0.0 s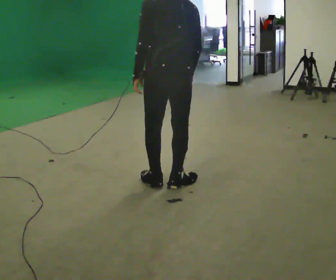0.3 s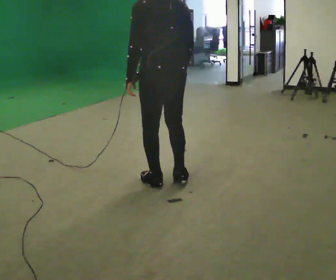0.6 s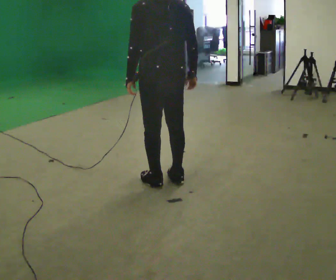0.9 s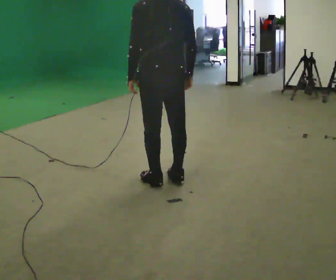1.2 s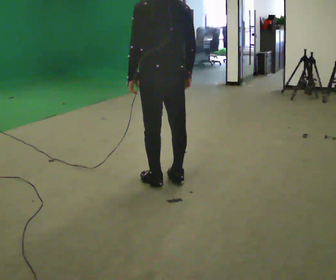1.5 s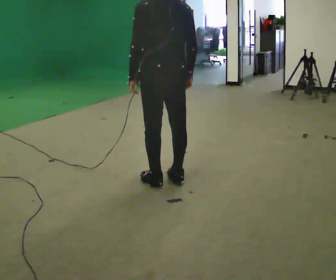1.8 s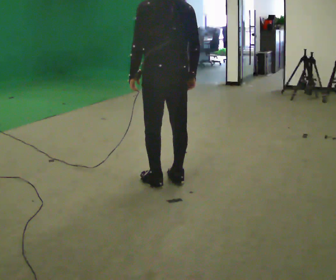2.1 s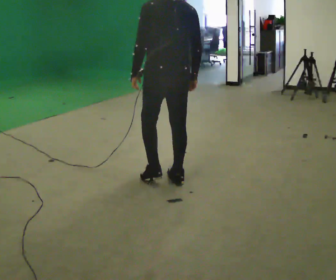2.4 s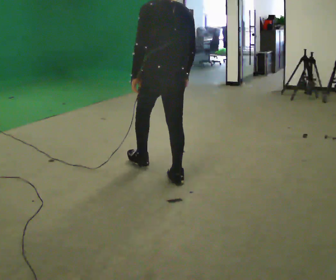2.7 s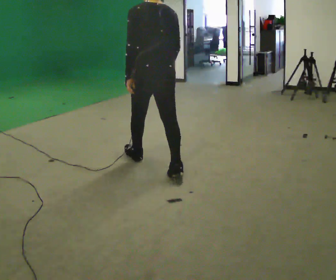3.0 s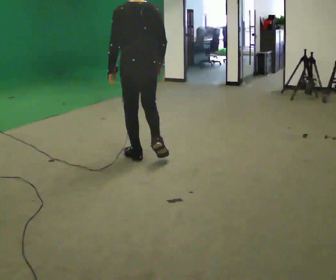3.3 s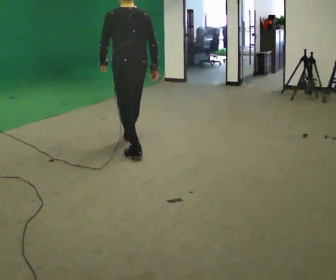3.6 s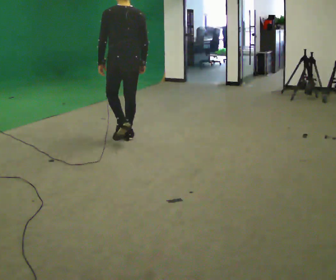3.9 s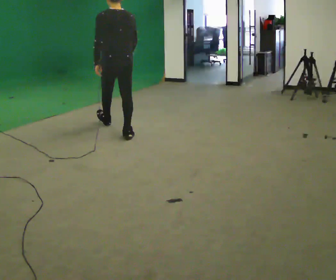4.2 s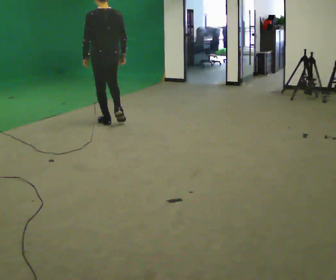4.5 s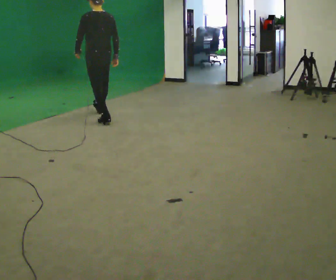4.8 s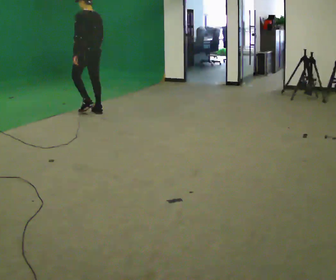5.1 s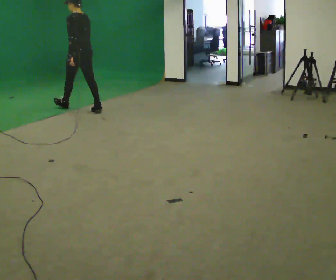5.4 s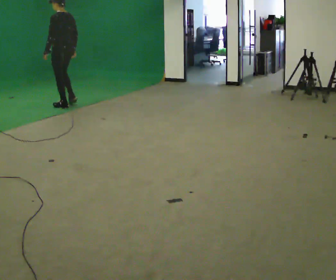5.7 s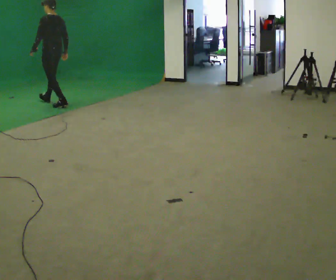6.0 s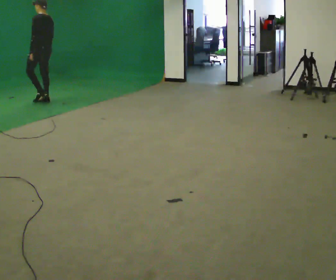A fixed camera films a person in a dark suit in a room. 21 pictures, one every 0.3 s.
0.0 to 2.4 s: In the picture they go away from the camera, about 0.25 m, which for them is forward.
2.4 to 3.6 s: In the picture they go away from the camera, about 1 m in 2 steps, which for them is forward.
3.6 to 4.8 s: The part of the body nearest the lens slides to the right as the person turns to their left by about 30 degrees. In the picture they go away from the camera and to the left, about 1.5 m in 2 steps, which for them is forward.
4.8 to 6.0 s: In the picture they go to the left and away from the camera, about 1 m in 2 steps, which for them is forward.
The film runs forward here.
